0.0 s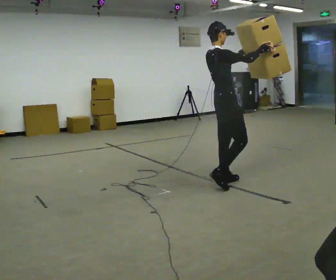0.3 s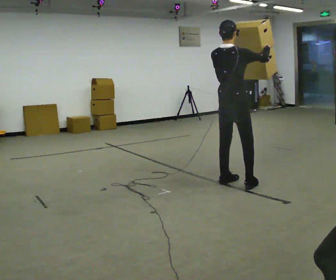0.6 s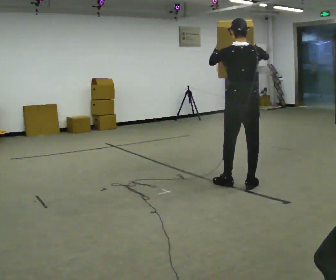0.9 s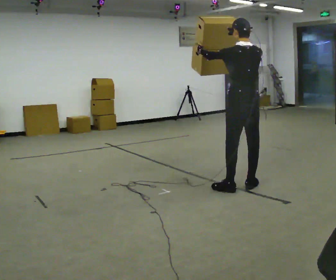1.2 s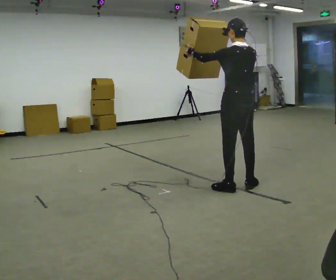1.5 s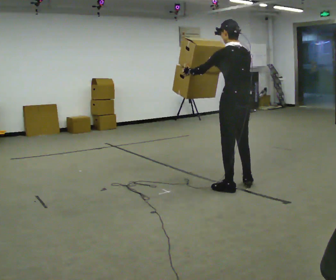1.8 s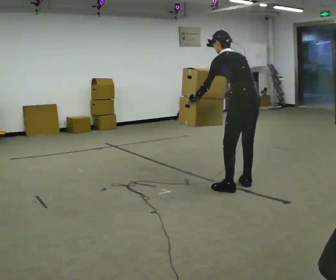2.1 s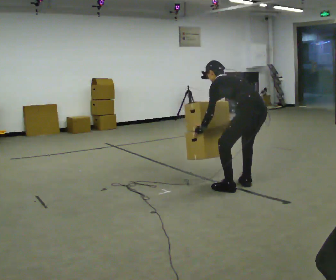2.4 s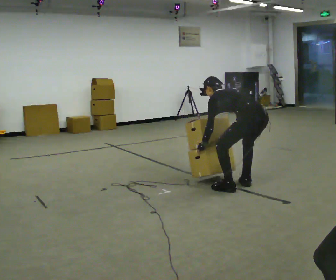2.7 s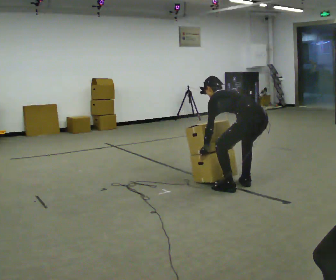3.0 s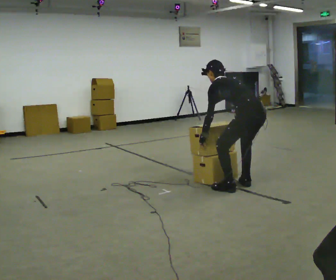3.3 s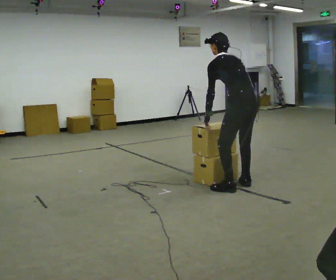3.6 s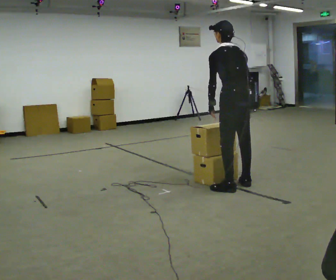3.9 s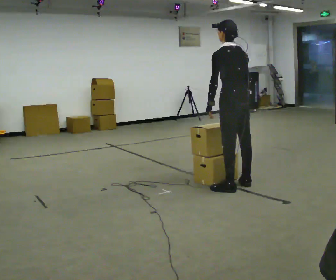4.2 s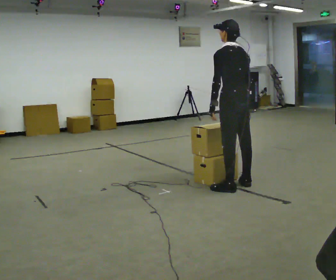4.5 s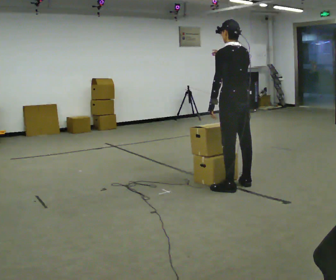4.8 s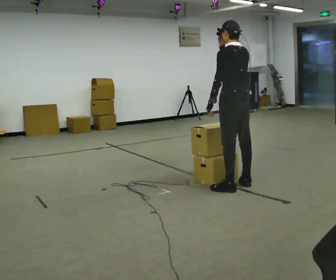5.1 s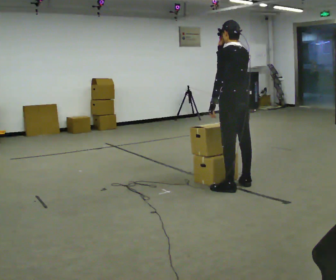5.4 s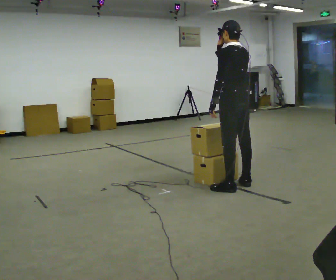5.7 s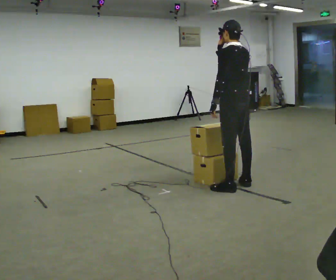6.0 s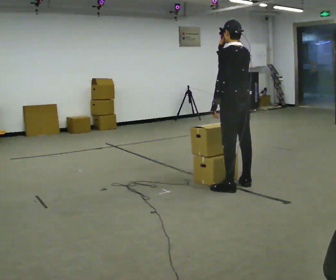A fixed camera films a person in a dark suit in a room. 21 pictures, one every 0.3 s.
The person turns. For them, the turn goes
to their left.
The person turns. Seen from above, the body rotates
counterclockwise.
0.0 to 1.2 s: Seen from above the body turns counterclockwise, about 105 degrees: to their left, with its near side sliding to the right. In the picture they go to the right, about 0.25 m in 2 steps. In the picture their right hand goes to the left.
1.2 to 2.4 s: In the picture they go to the right, about 0.25 m, which for them is backward. The upper body goes downward. In the picture the upper body tilts counterclockwise, shoulders to the left, as they bend forward. In the picture their right hand goes downward.
2.4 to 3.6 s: In the picture they go to the left, about 0.25 m, which for them is forward. The upper body goes upward. The upper body tips toward the camera, its near side rolling downward, as they lean back or straighten. In the picture their left hand goes upward.
3.6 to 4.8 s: In the picture their right hand goes upward.
4.8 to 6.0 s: The person moves a little, or ends about where they began.
The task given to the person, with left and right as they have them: Carry the large panel across the room. It will block your view ahead, so take whatever route feels safe. Keep going until the operator says stop; one object at a time, and do not rush between trips.
The film runs forward here.
